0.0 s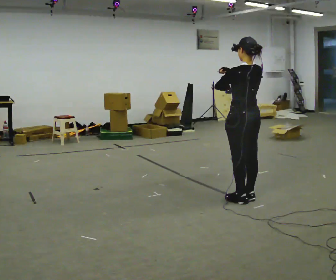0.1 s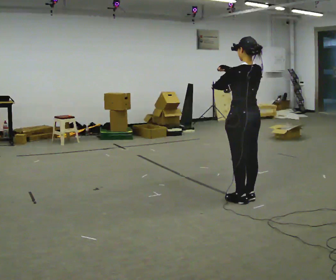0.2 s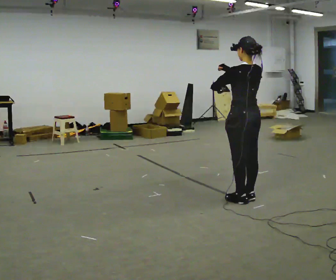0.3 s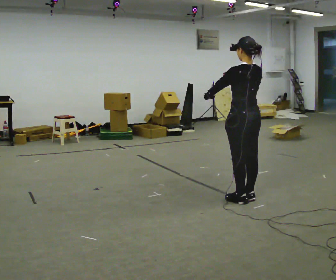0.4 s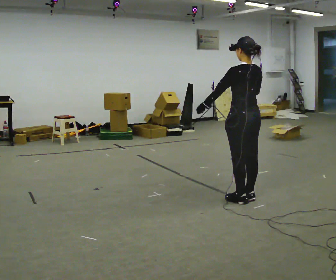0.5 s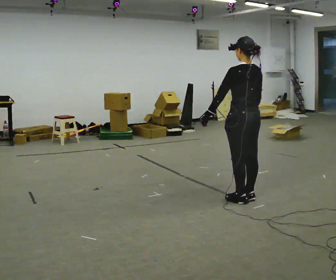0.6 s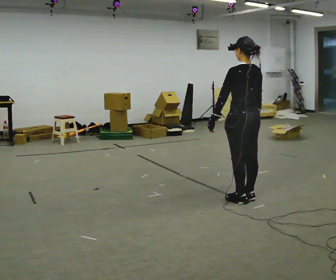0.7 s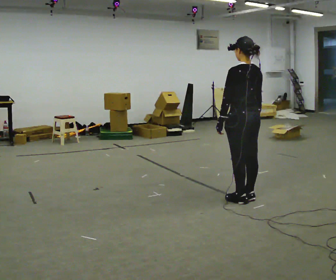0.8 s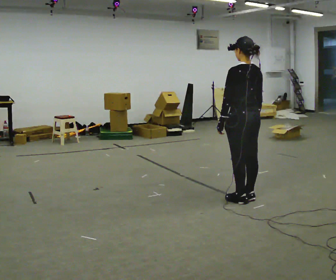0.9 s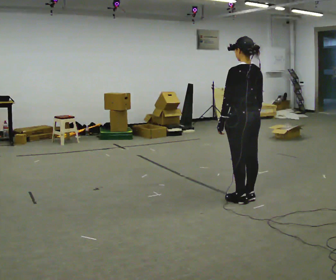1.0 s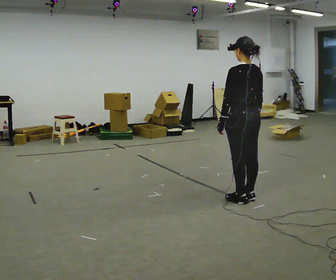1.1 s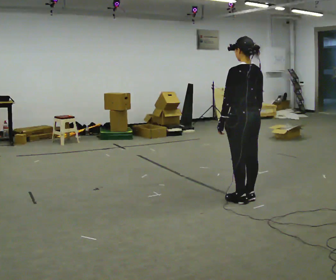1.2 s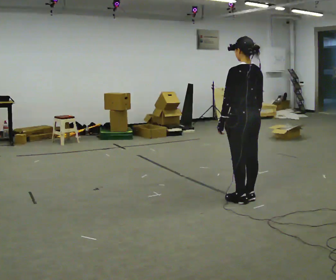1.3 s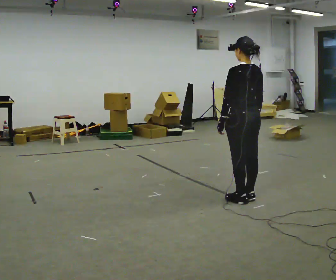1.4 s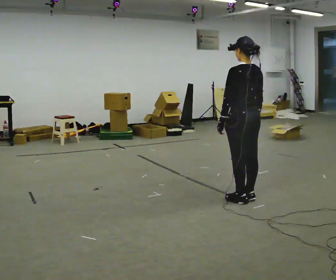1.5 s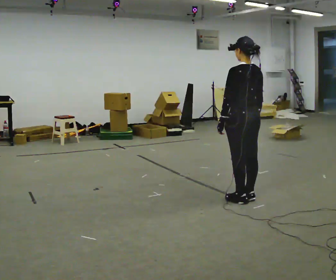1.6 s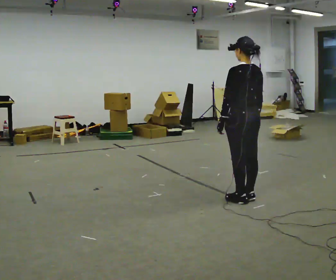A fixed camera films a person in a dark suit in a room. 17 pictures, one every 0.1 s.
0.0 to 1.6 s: In the picture their right hand goes downward.
The film runs backward here.
